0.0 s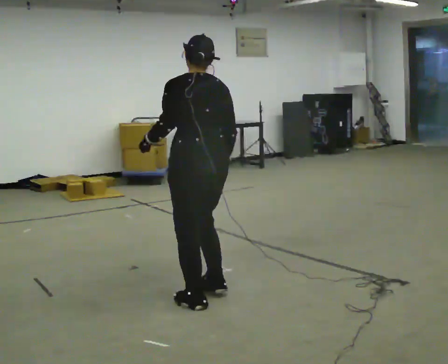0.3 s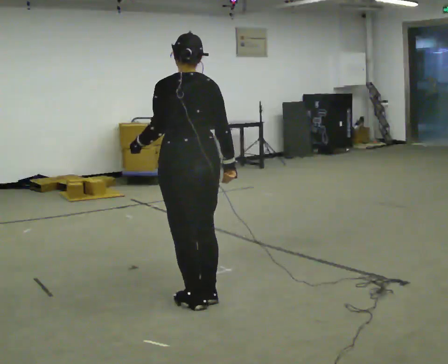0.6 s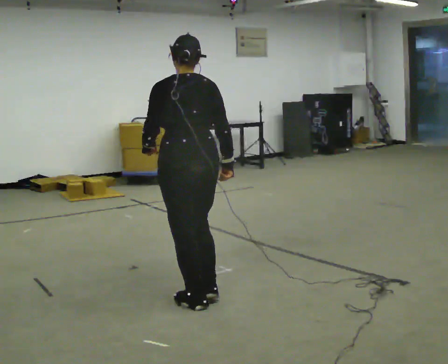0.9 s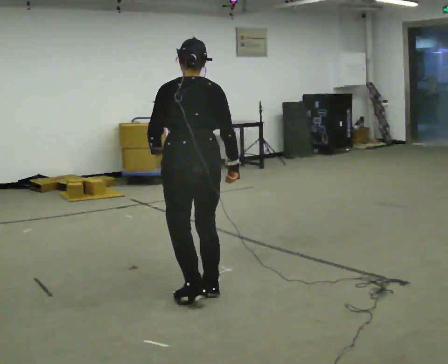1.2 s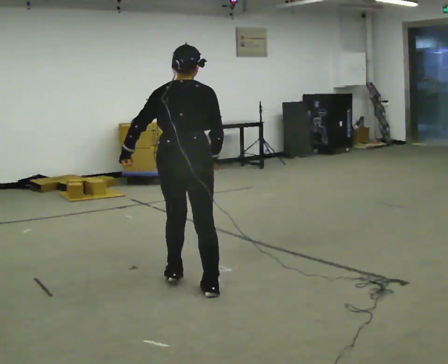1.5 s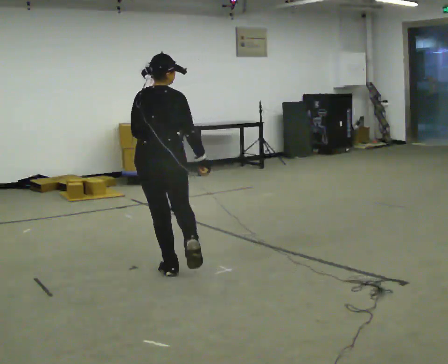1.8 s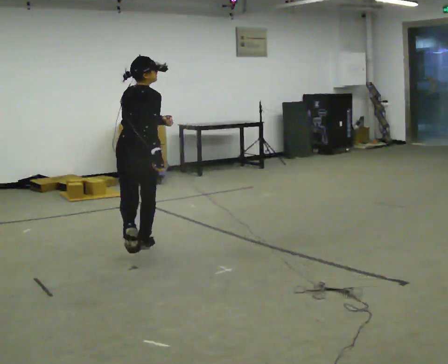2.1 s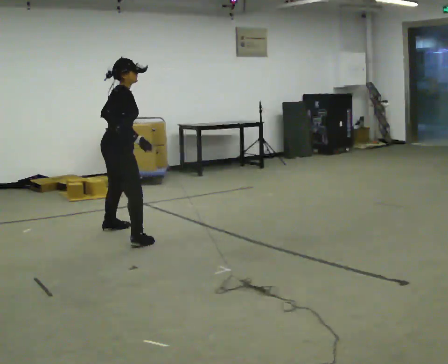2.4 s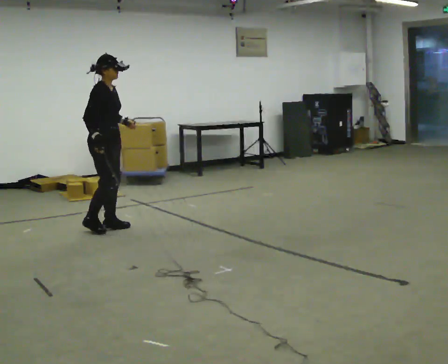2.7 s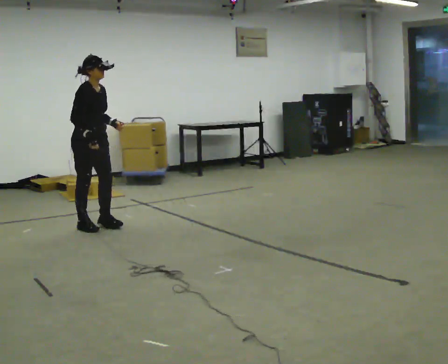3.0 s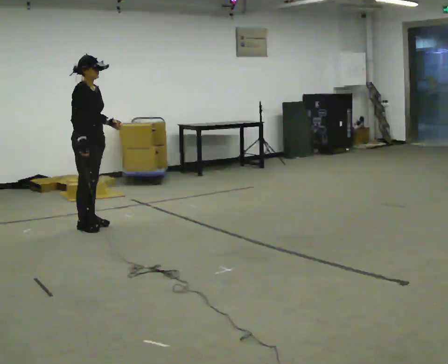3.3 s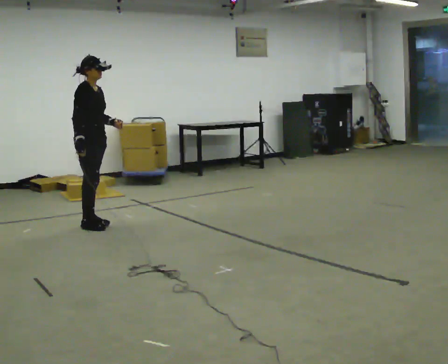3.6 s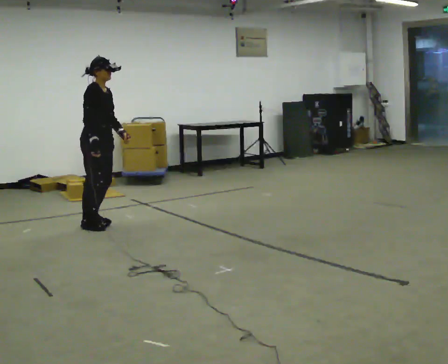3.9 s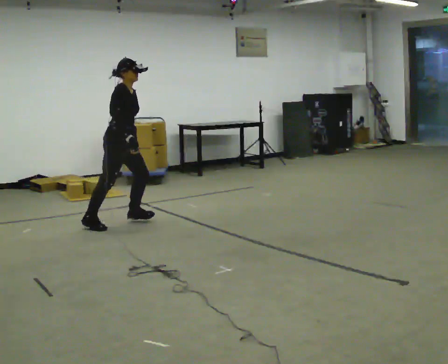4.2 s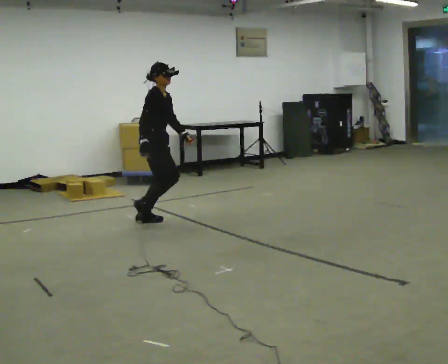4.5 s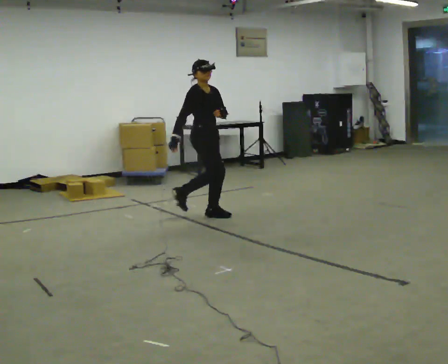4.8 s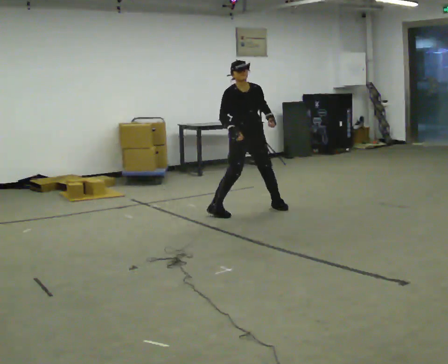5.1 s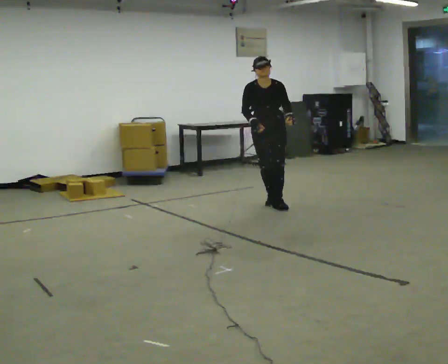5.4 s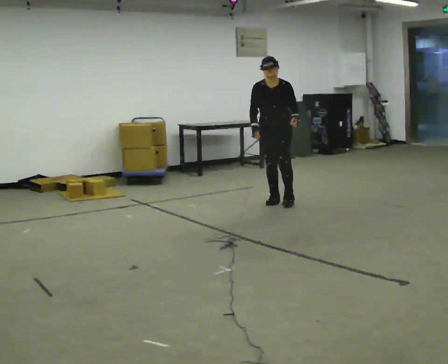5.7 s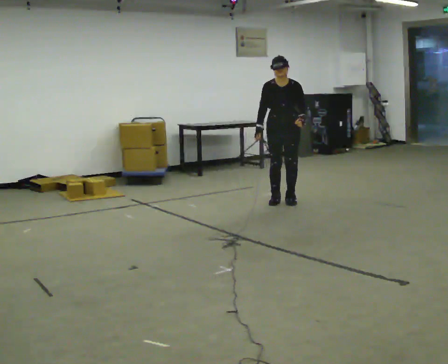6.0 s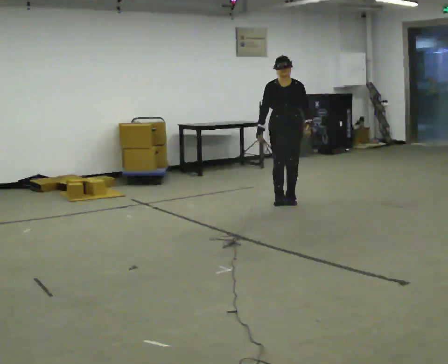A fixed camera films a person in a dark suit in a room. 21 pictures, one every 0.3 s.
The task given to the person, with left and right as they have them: Move around the room freely as if avoiding someone: change speed and direction whenever you like. Keep moving until the operator says stop.
0.0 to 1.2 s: Seen from above the body turns clockwise, about 45 degrees: to their right, with its near side sliding to the left. In the picture they go away from the camera, about 0.25 m in 1 step, which for them is forward.
1.2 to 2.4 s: Seen from above the body turns clockwise, about 90 degrees: to their right, with its near side sliding to the left. In the picture they go away from the camera, about 1.5 m in 3 steps. The upper body tips toward the camera, its near side rolling downward.
2.4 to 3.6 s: In the picture they go away from the camera, about 0.25 m in 2 steps, which for them is to their left.
3.6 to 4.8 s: The person turns about 60 degrees to their right, clockwise seen from above, so the part of the body nearest the lens slides to the left. In the picture they go to the right, about 1.5 m in 2 steps.
4.8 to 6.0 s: The person turns about 30 degrees to their right, clockwise seen from above, so the part of the body nearest the lens slides to the left. In the picture they go to the right, about 0.5 m in 3 steps, which for them is to their left and backward.
The film runs forward here.
